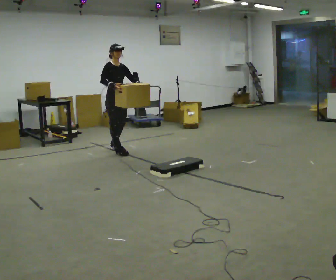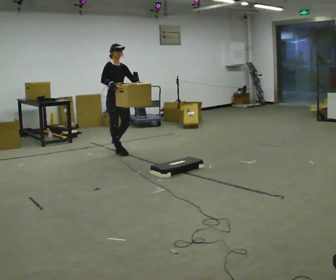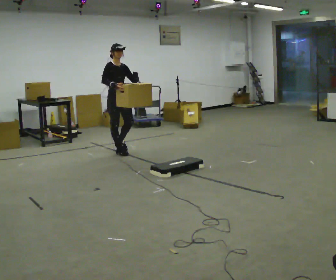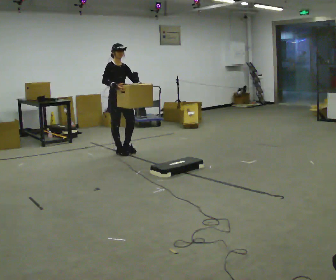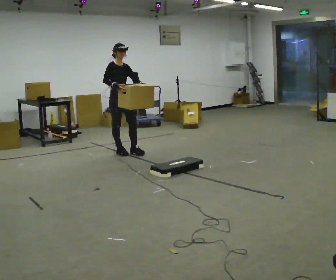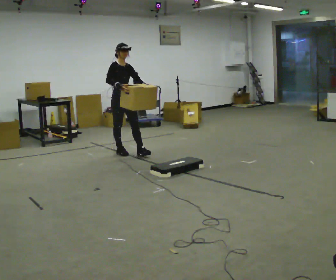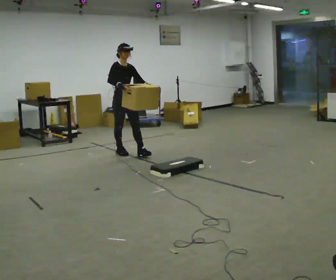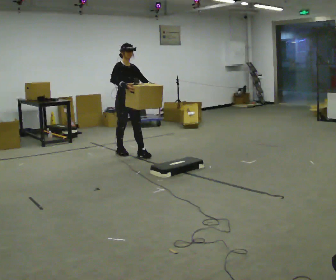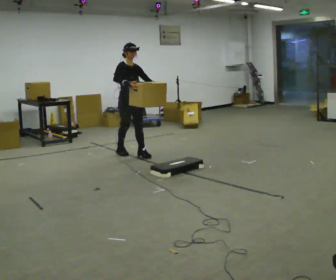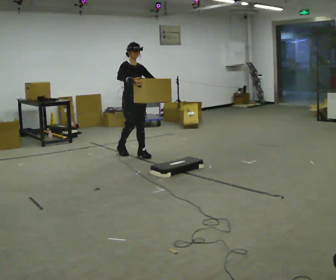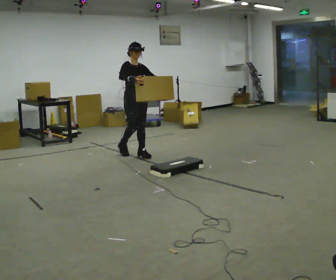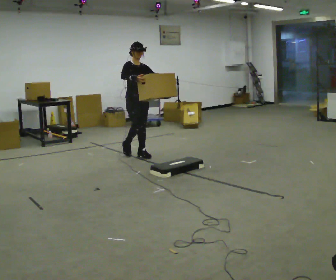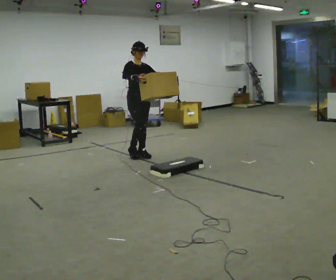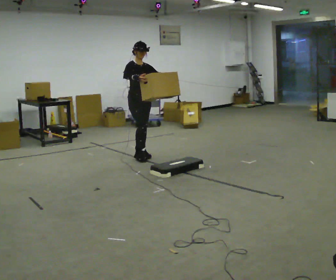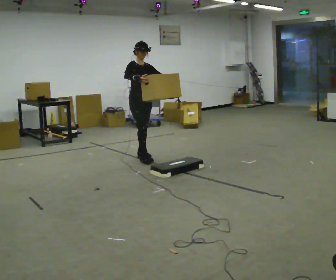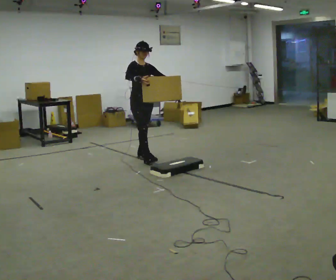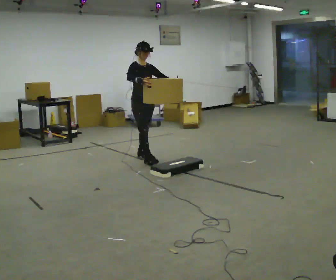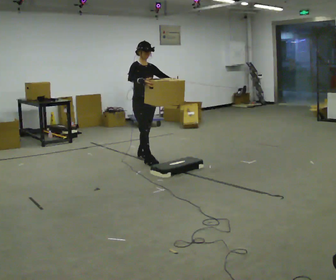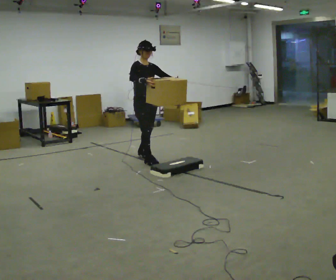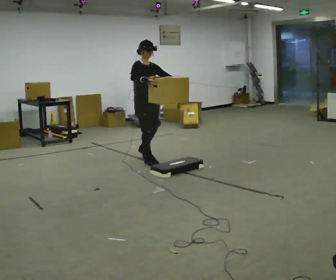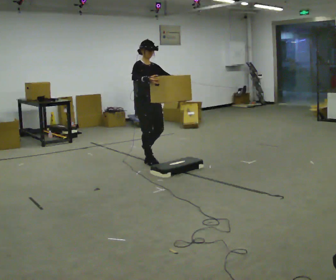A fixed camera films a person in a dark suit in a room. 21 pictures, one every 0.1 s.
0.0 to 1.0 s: In the picture they go to the right and toward the camera, about 0.5 m in 1 step, which for them is forward.
1.0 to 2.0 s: In the picture they go toward the camera and to the right, about 0.5 m in 1 step, which for them is forward.
The film runs forward here.
